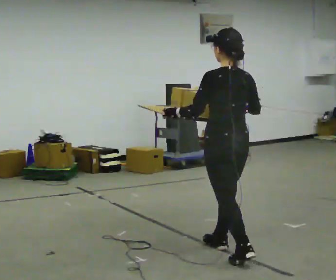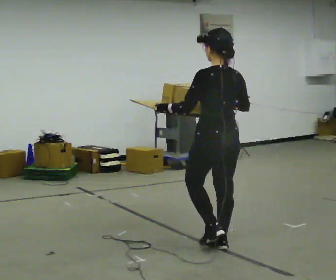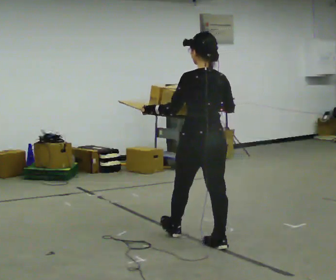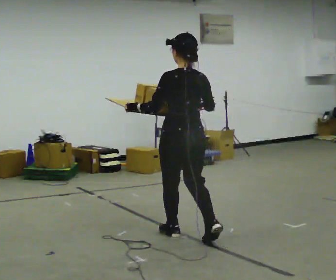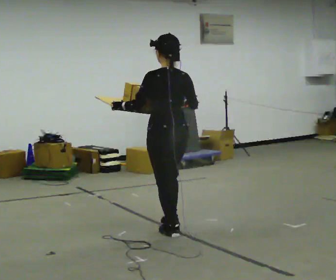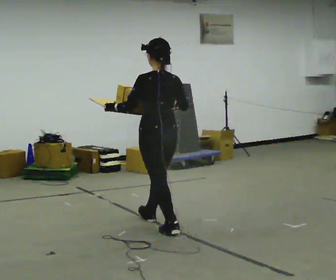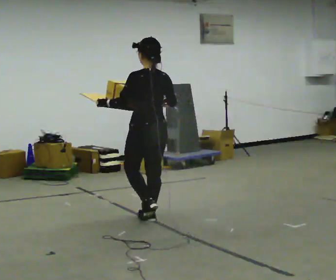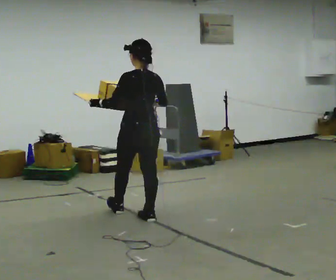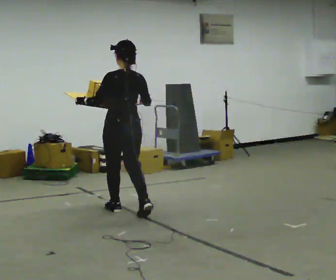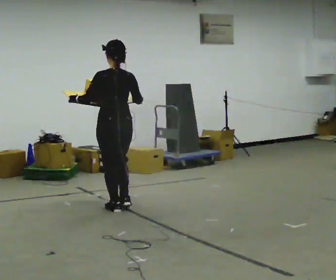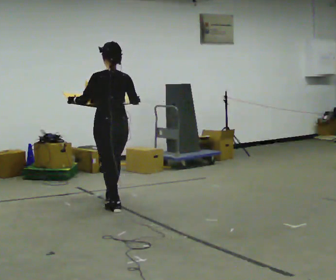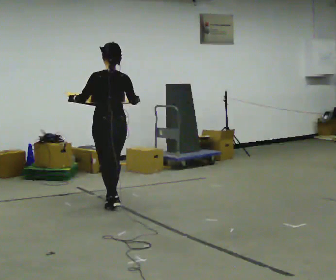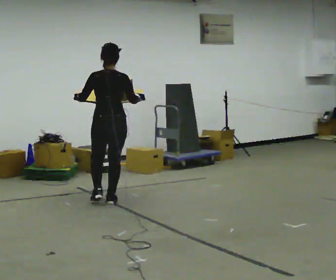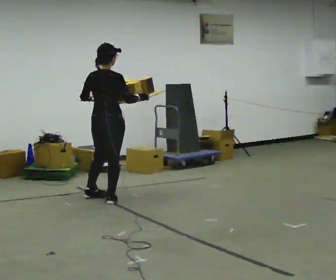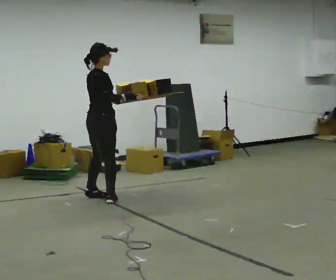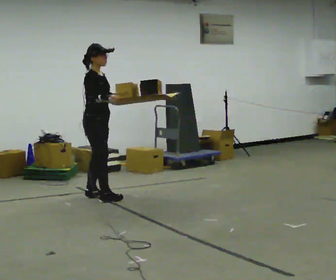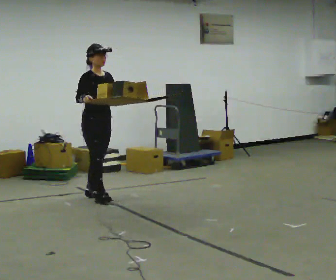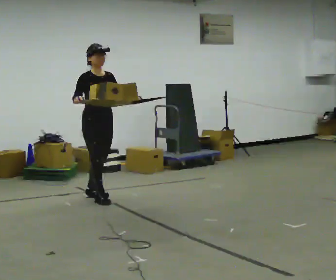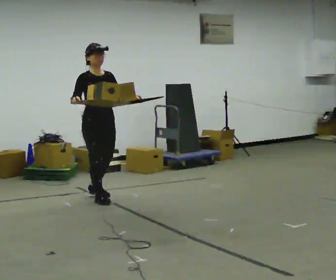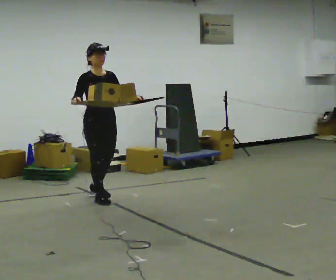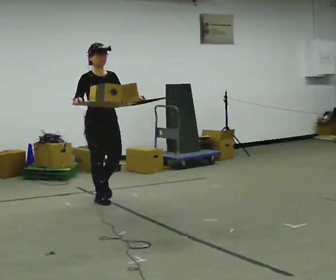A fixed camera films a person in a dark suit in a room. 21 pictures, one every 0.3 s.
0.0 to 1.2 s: In the picture they go away from the camera and to the left, about 0.5 m in 1 step, which for them is forward.
1.2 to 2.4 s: In the picture they go away from the camera and to the left, about 1 m in 2 steps, which for them is forward.
2.4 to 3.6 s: In the picture they go away from the camera, about 0.5 m in 1 step, which for them is forward.
3.6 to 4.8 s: The person turns about 135 degrees to their right, clockwise seen from above, so the part of the body nearest the lens slides to the left. In the picture they go away from the camera and to the left, about 0.25 m in 1 step.
4.8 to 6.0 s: In the picture they go toward the camera, about 0.25 m, which for them is forward.
The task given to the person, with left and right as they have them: Carry the open tray of loose items across the room, back and forth, trying not to let anything fall out.
The film runs forward here.
